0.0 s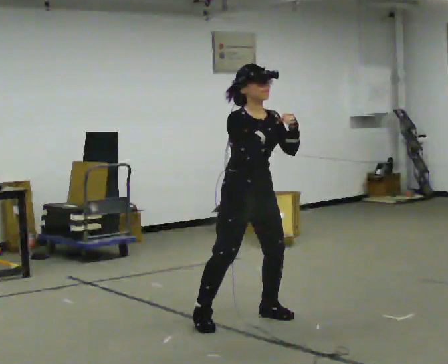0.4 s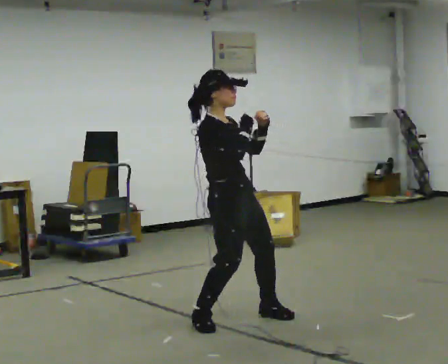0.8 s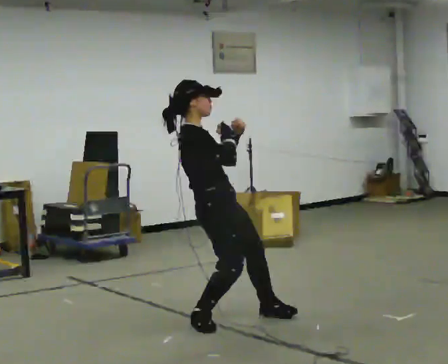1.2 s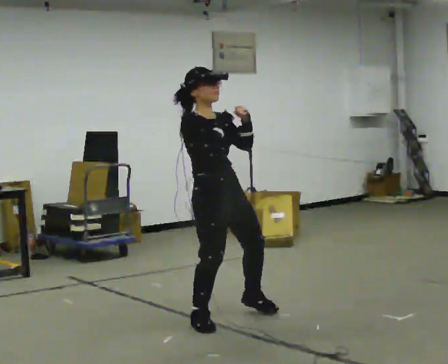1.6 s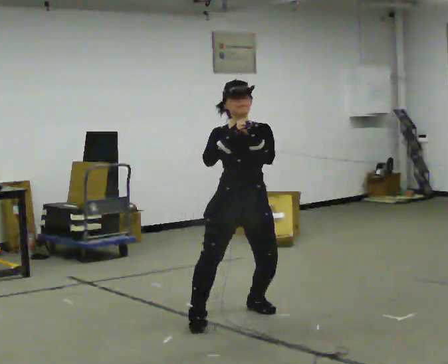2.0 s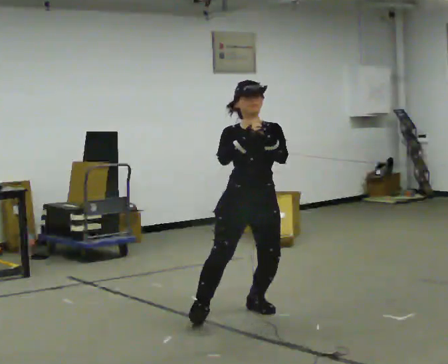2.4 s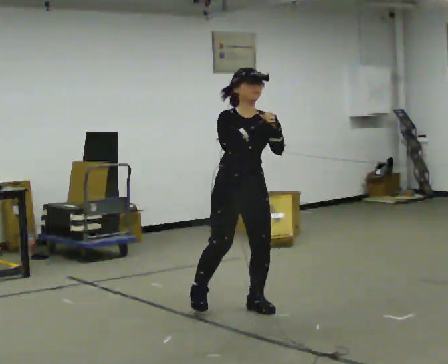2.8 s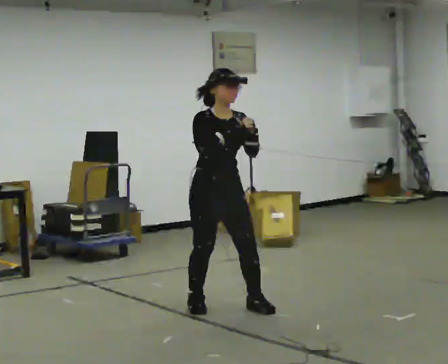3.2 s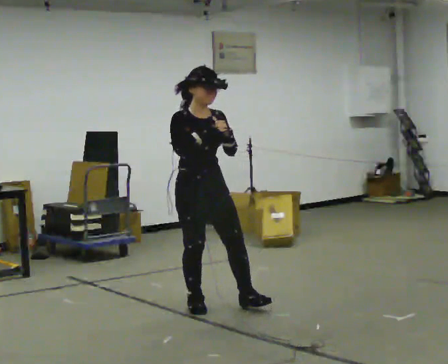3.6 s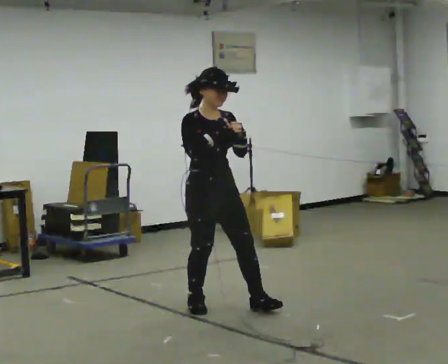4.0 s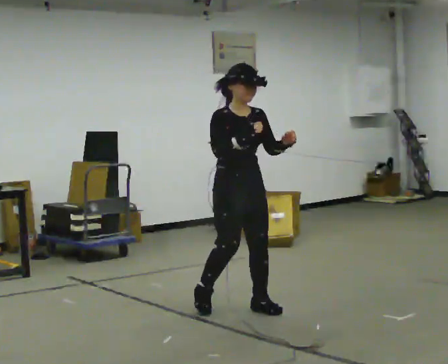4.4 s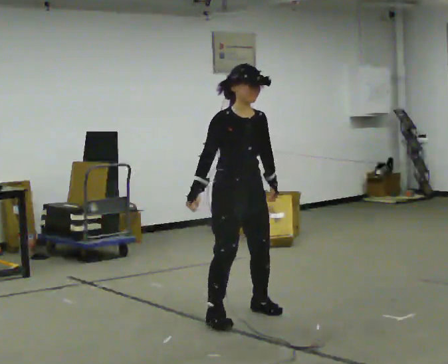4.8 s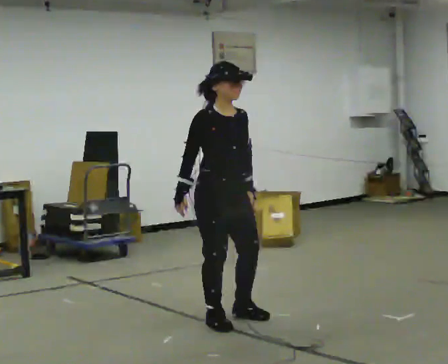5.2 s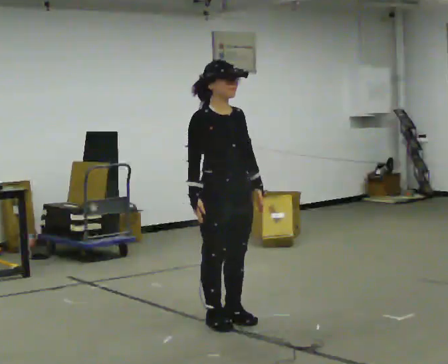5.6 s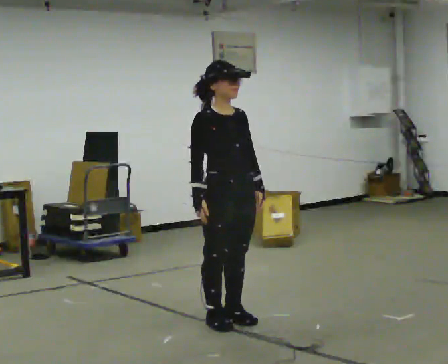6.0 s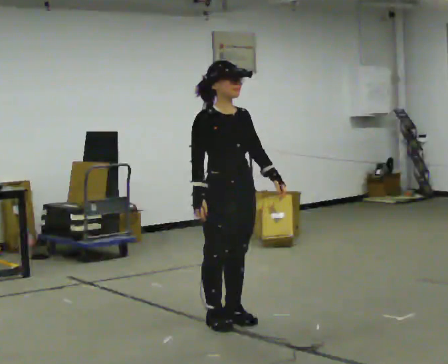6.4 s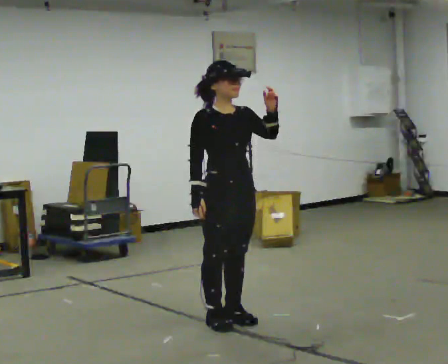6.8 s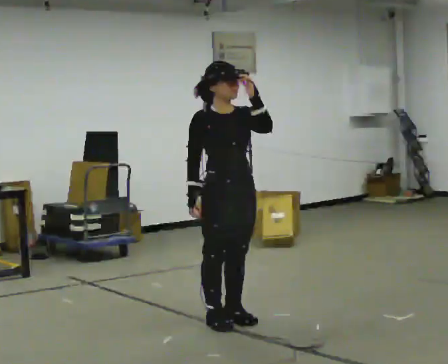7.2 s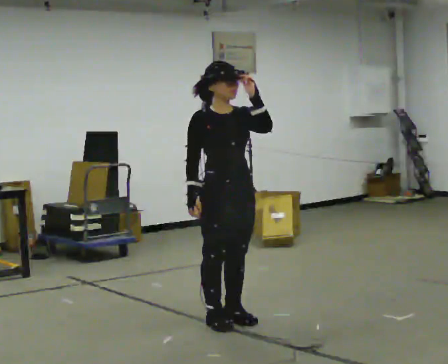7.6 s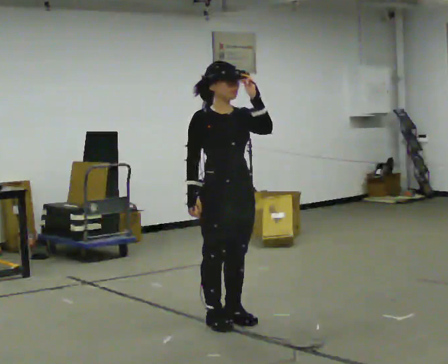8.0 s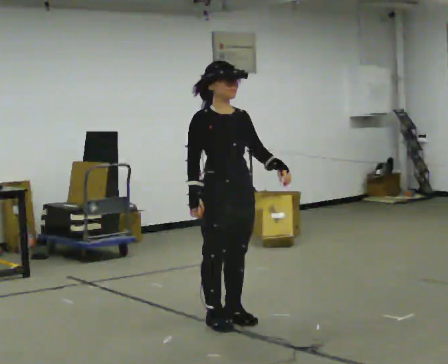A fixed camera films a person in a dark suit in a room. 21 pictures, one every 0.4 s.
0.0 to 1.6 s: The part of the body nearest the lens slides to the left as the person turns to their right by about 45 degrees.
1.6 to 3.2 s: The part of the body nearest the lens slides to the right as the person turns to their left by about 45 degrees. In the picture they go to the left and away from the camera, about 0.25 m in 1 step, which for them is backward and to their right.
3.2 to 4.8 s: In the picture they go toward the camera, about 0.25 m in 1 step, which for them is forward. In the picture their left hand goes downward.
4.8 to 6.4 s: In the picture their left hand goes upward.
6.4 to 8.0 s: In the picture their left hand goes downward.
The film runs forward here.
